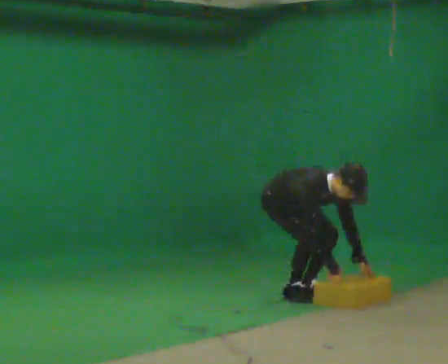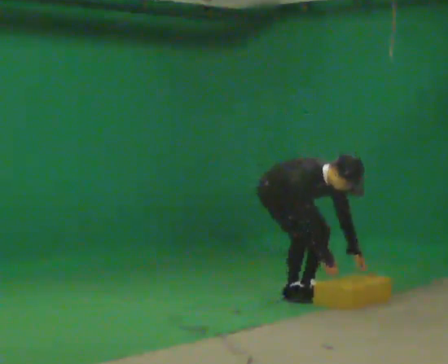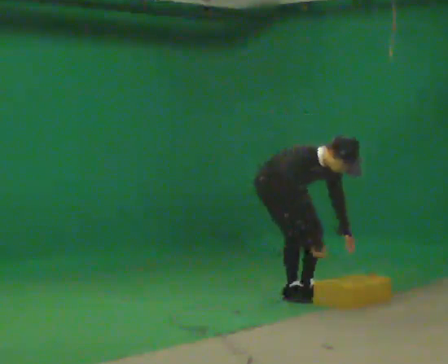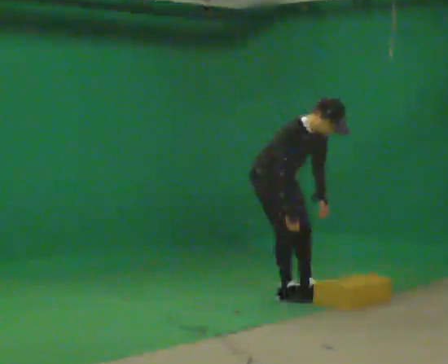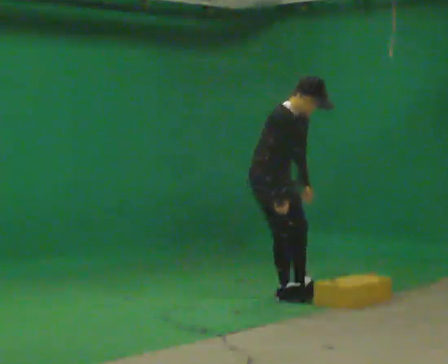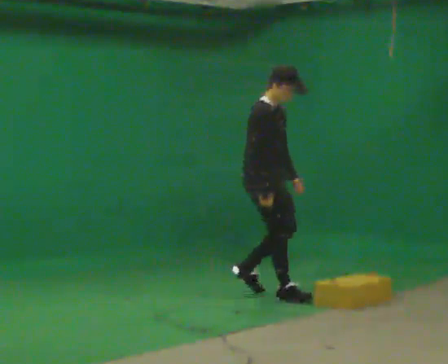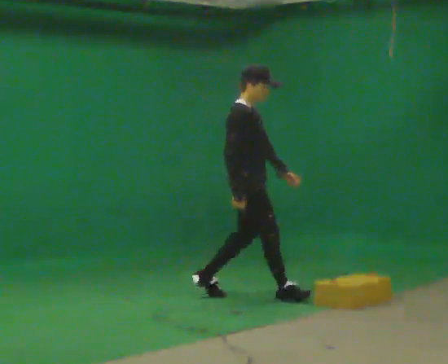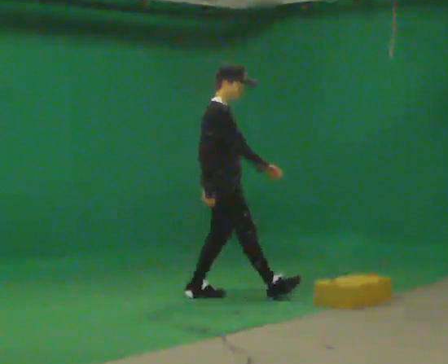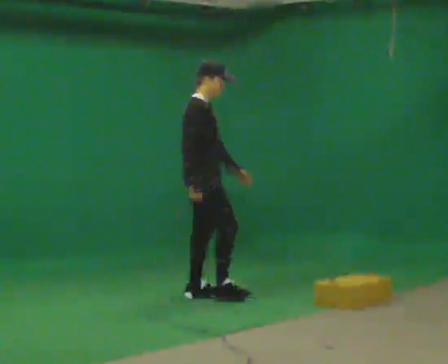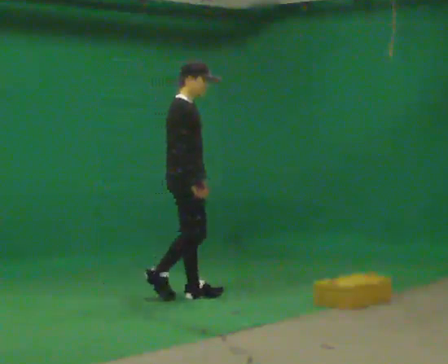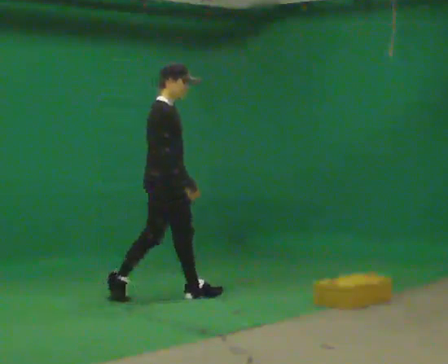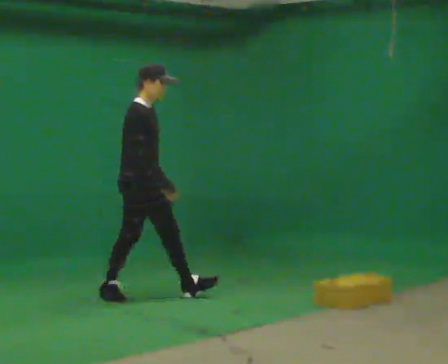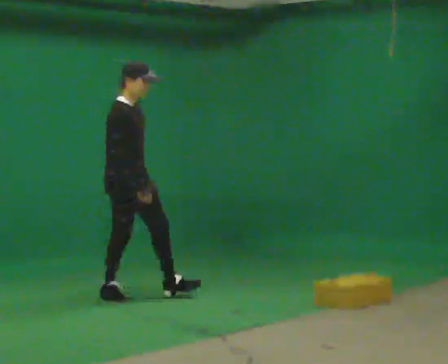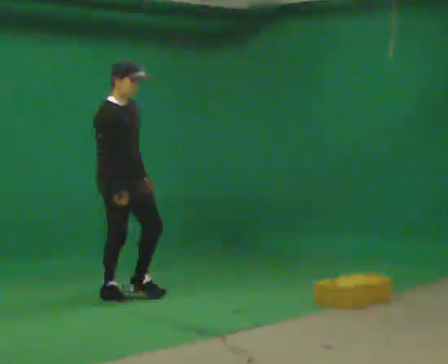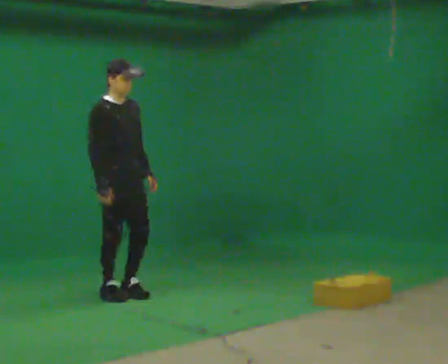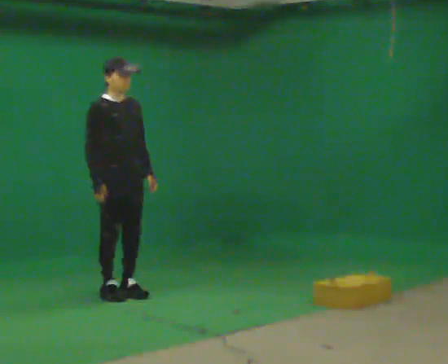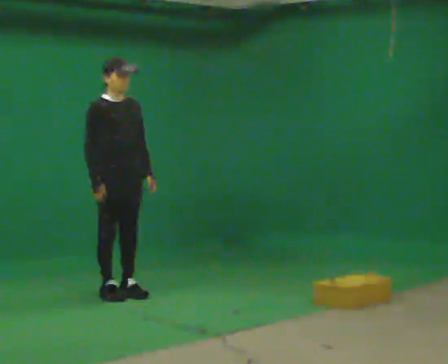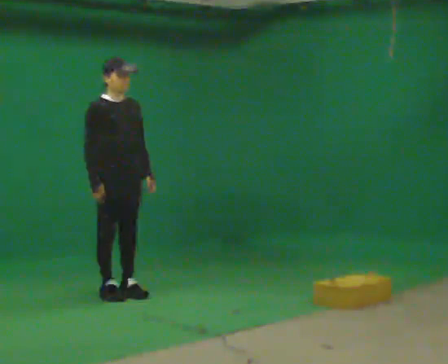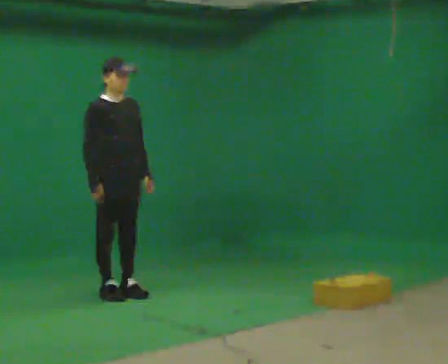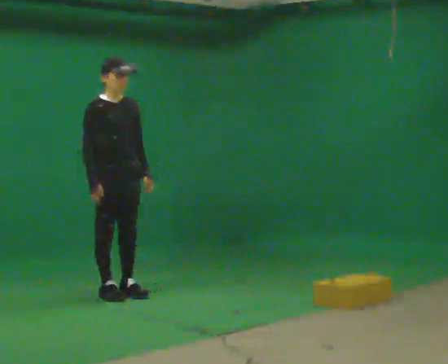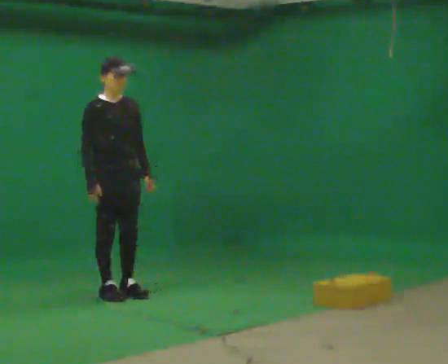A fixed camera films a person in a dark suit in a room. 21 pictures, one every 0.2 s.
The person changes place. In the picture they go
to the left.
The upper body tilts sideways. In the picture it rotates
counterclockwise.
0.0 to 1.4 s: Seen from above the body turns counterclockwise, about 30 degrees: to their left, with its near side sliding to the right. In the picture they go to the left, about 0.5 m in 2 steps, which for them is backward and to their right. The upper body goes upward. In the picture the upper body tilts counterclockwise, shoulders to the left, as they lean back or straighten. In the picture their left hand goes upward.
1.4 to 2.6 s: The part of the body nearest the lens slides to the left as the person turns to their right by about 30 degrees. In the picture they go to the left, about 1 m in 1 step, which for them is backward.
2.6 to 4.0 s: The person moves a little, or ends about where they began.
The film runs backward here.
